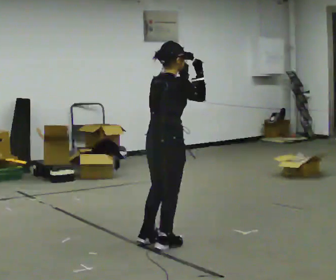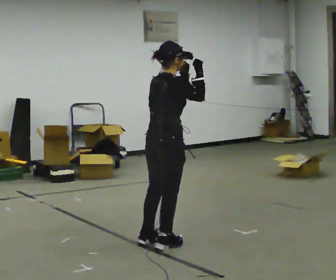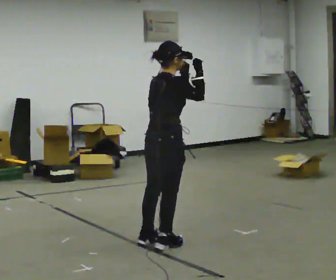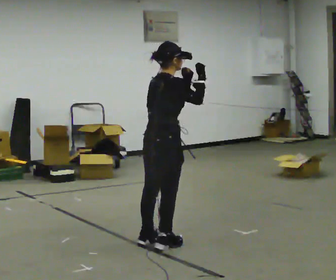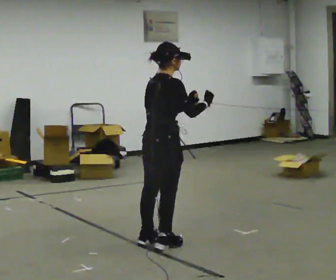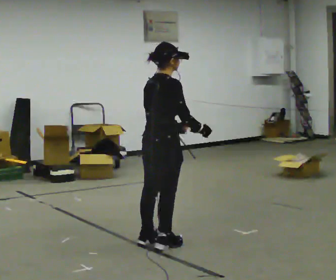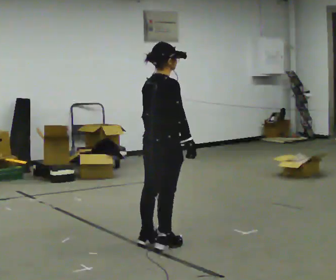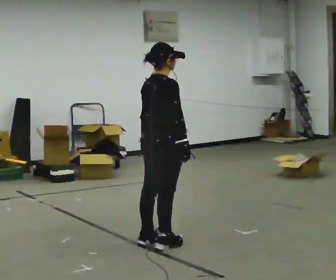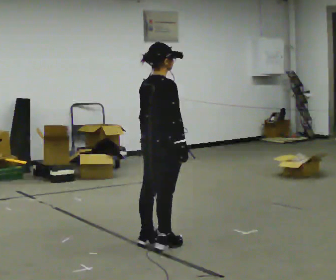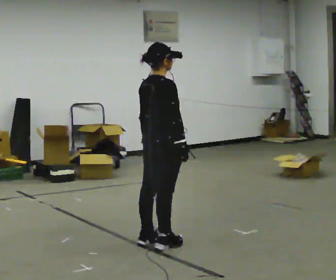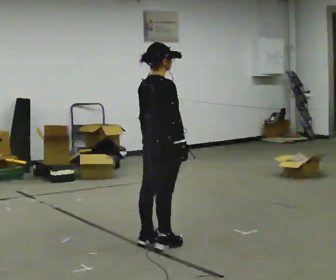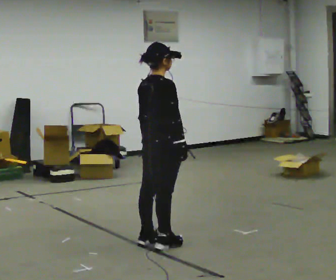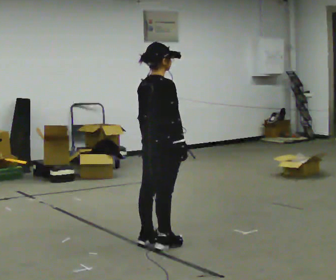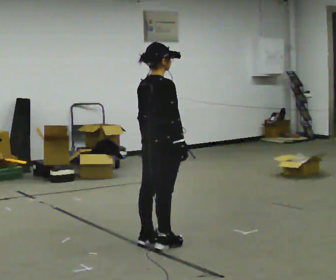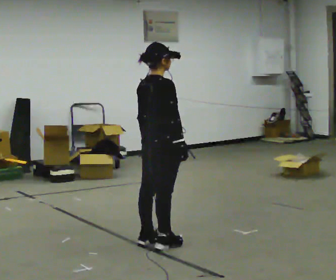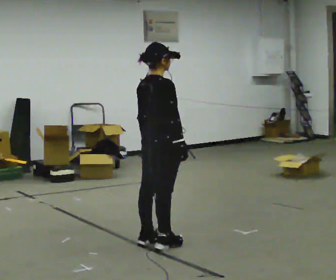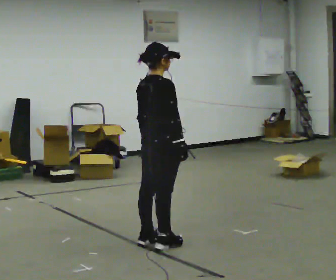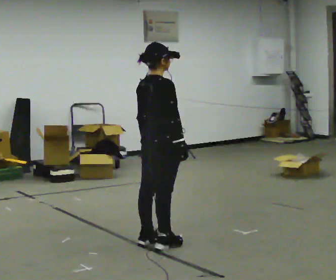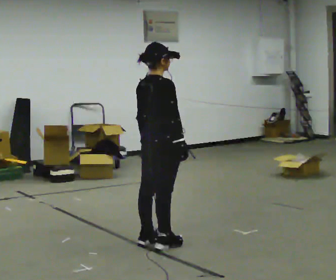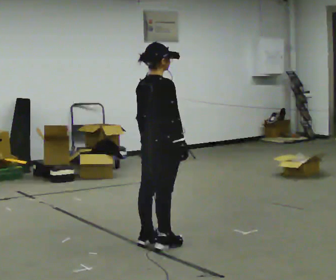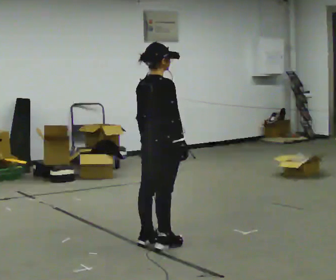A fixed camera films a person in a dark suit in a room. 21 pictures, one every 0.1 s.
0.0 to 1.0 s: In the picture their right hand goes downward.
1.0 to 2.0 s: The person keeps their place and pose.
The film runs backward here.
